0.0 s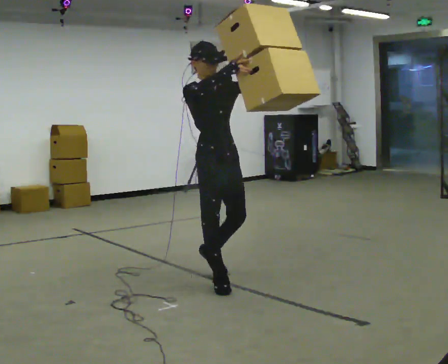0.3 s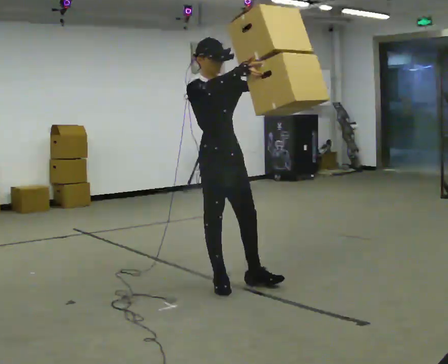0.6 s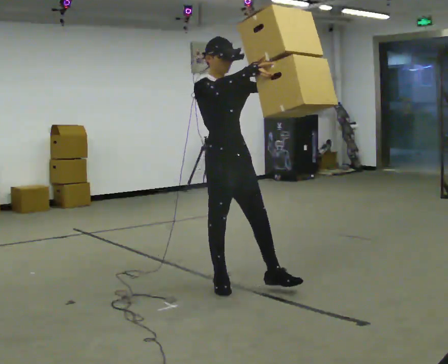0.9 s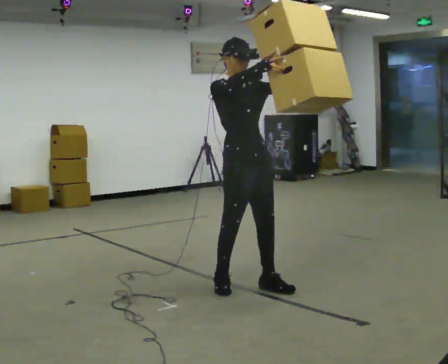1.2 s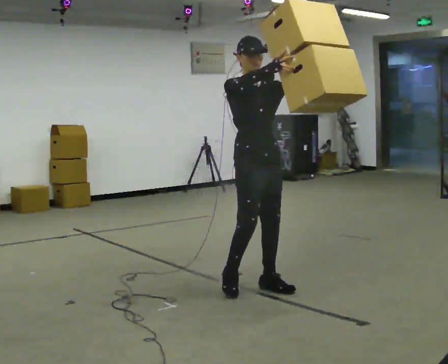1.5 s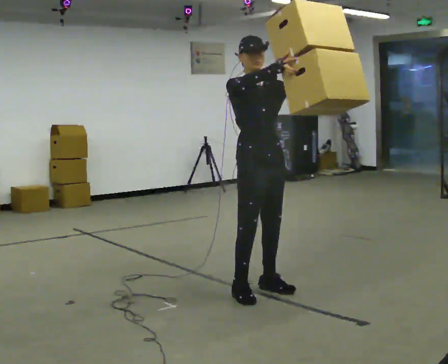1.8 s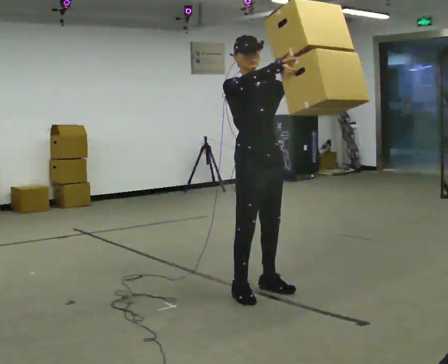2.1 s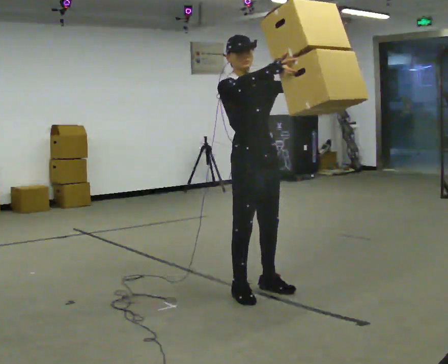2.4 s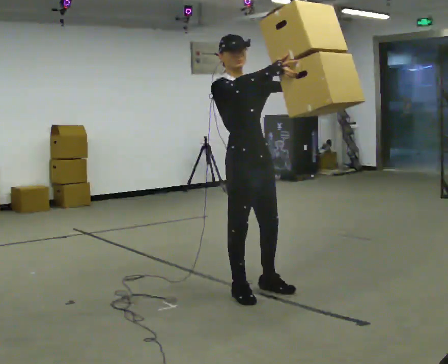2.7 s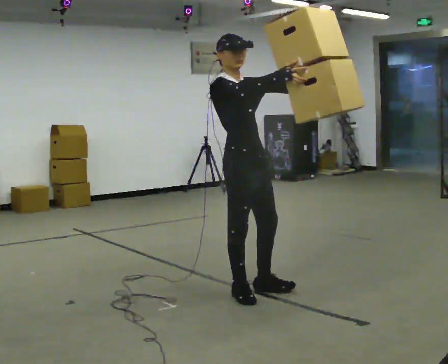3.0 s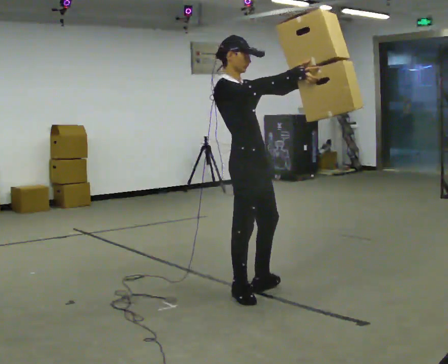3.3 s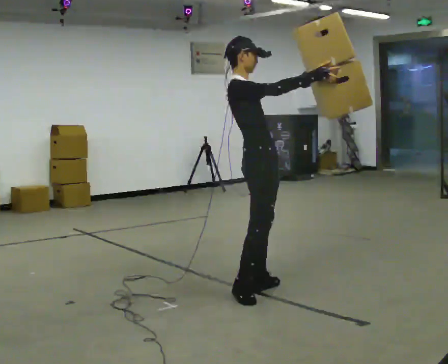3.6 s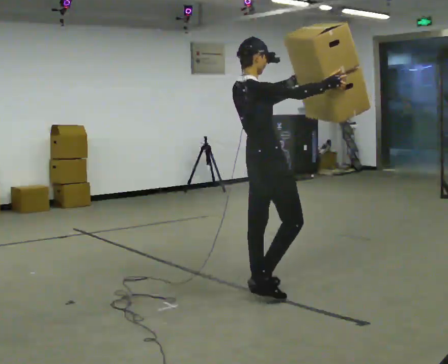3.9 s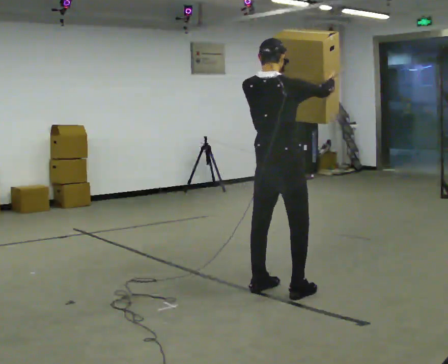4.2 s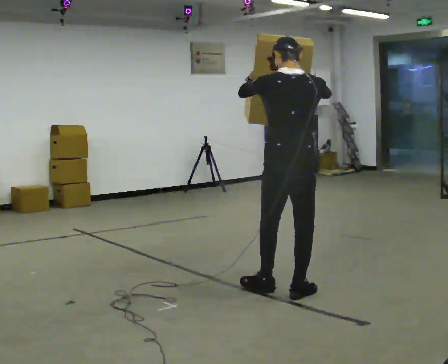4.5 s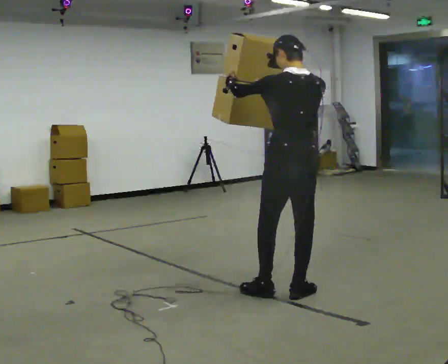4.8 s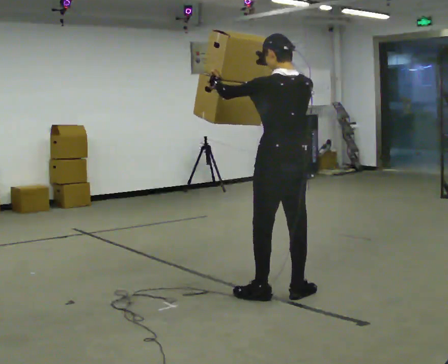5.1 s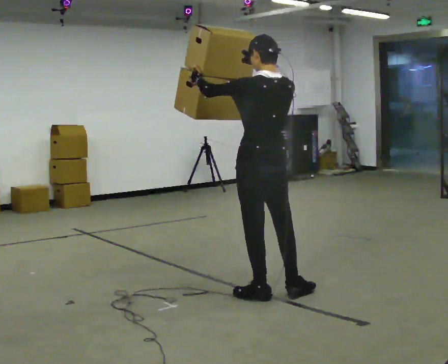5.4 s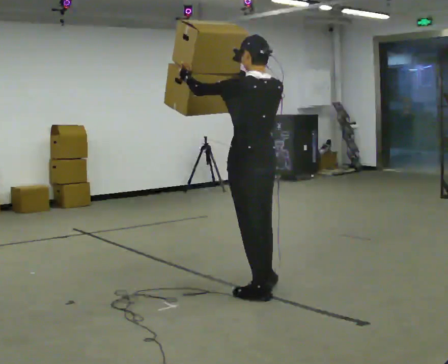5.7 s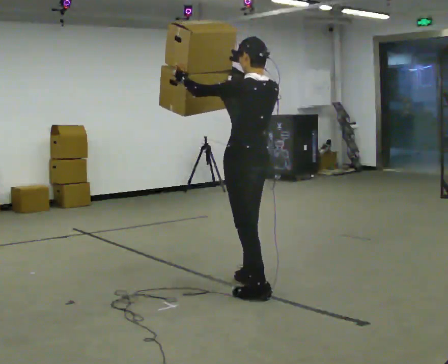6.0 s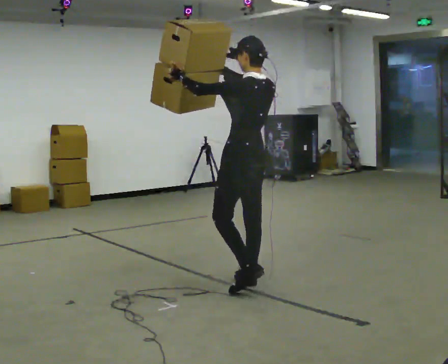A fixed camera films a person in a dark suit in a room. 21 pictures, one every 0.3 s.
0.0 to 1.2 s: In the picture they go to the right and toward the camera, about 0.25 m in 1 step, which for them is forward.
1.2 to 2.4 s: The person moves a little, or ends about where they began.
2.4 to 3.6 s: The part of the body nearest the lens slides to the right as the person turns to their left by about 60 degrees. In the picture their right hand goes to the right.
3.6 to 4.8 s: The part of the body nearest the lens slides to the right as the person turns to their left by about 90 degrees. In the picture the upper body tilts clockwise, shoulders to the right. In the picture their right hand goes to the left.
4.8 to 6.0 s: In the picture they go away from the camera and to the left, about 0.25 m in 1 step, which for them is forward.
The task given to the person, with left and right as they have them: Carry the large panel across the room. It will block your view ahead, so take whatever route feels safe. Keep going until the operator says stop; one object at a time, and do not rush between trips.
The film runs forward here.
